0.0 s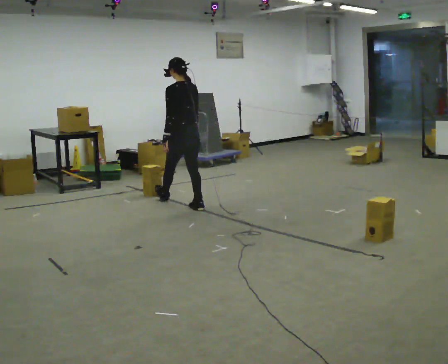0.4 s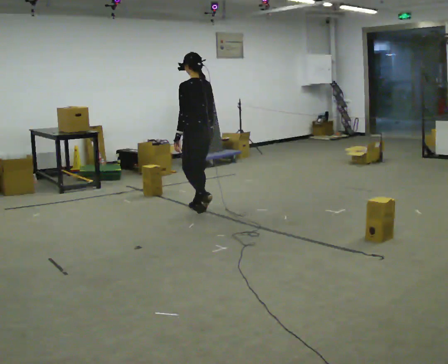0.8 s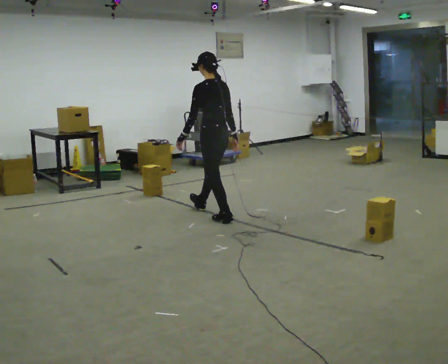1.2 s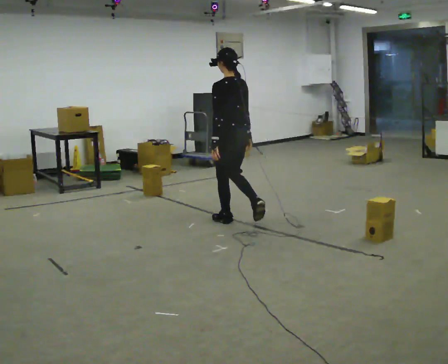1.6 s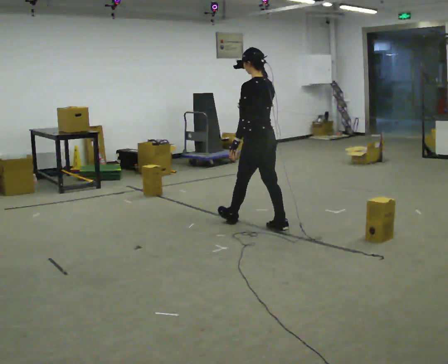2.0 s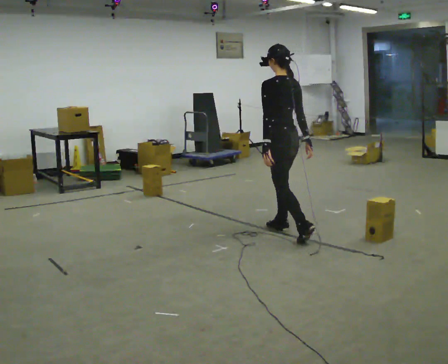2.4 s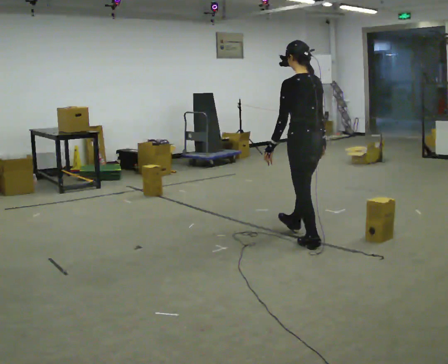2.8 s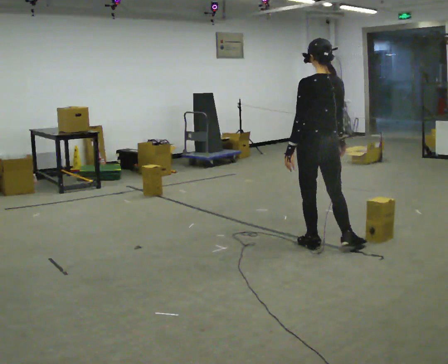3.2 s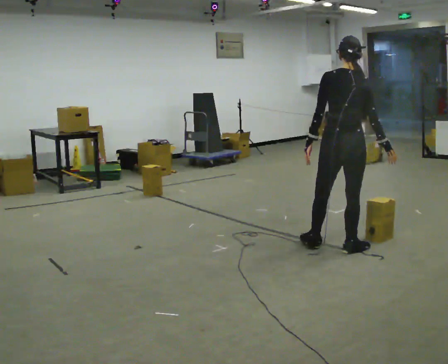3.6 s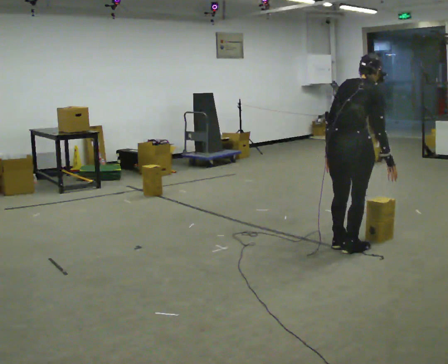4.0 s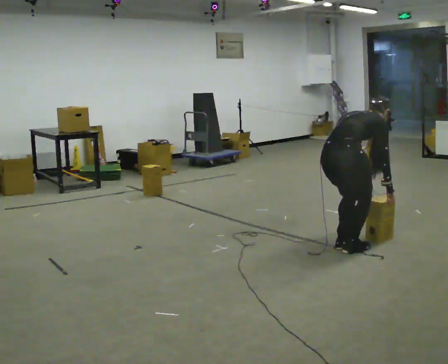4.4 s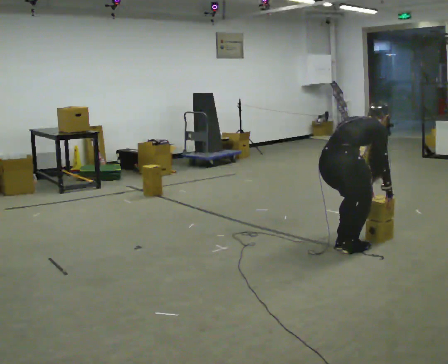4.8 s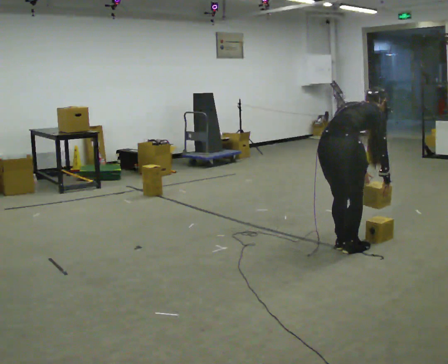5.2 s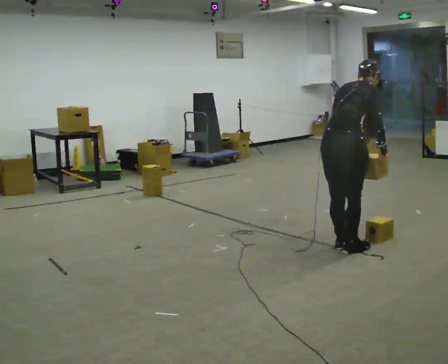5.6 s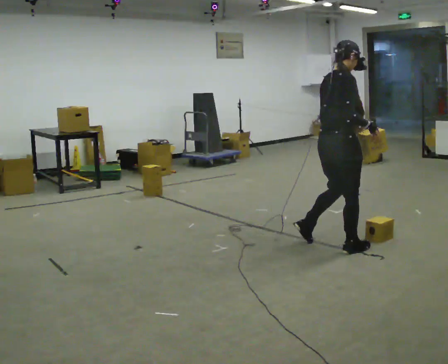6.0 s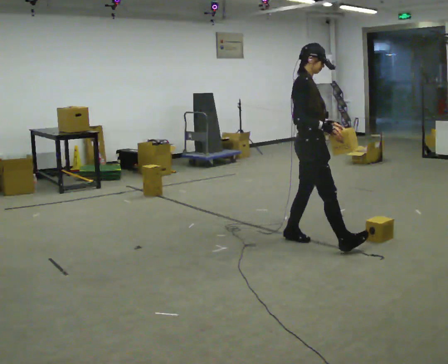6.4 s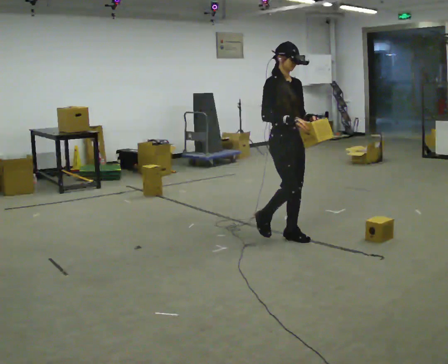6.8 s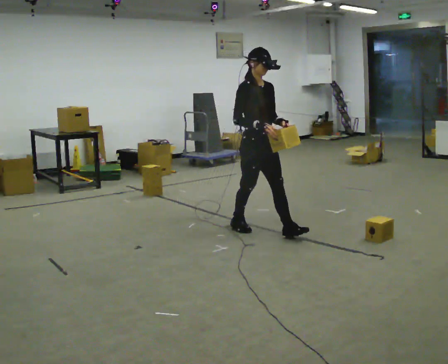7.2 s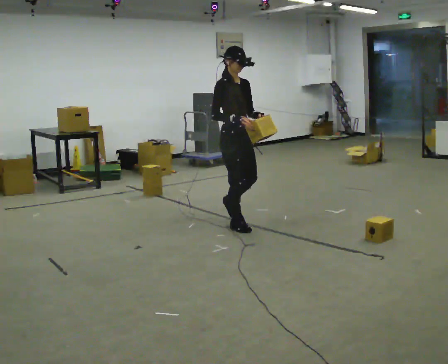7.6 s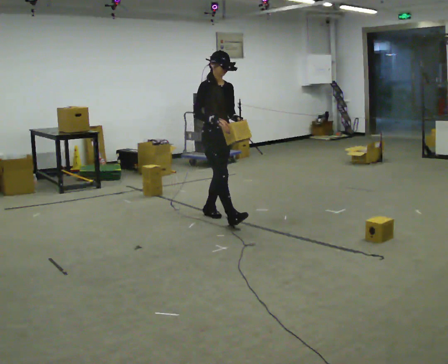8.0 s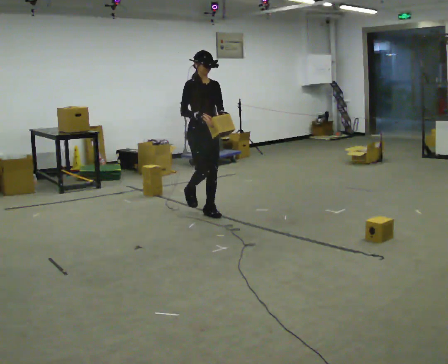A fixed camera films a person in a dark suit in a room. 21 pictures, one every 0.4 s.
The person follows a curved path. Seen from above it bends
clockwise.
0.0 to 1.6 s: In the picture they go to the right and toward the camera, about 1 m in 2 steps, which for them is backward.
1.6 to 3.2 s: The person turns about 60 degrees to their right, clockwise seen from above, so the part of the body nearest the lens slides to the left. In the picture they go toward the camera and to the right, about 1 m in 1 step.
3.2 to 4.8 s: The part of the body nearest the lens slides to the left as the person turns to their right by about 45 degrees. The upper body tips away from the camera, its near side rolling upward, as they bend forward. In the picture their left hand goes to the right.
4.8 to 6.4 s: The person turns about 90 degrees to their right, clockwise seen from above, so the part of the body nearest the lens slides to the left. In the picture they go away from the camera and to the left, about 0.5 m in 2 steps. The shoulders move upward. In the picture the upper body tilts counterclockwise, shoulders to the left, as they lean back or straighten. In the picture their left hand goes upward.
6.4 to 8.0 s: In the picture they go to the left and away from the camera, about 1 m in 2 steps, which for them is backward.
The film runs backward here.
